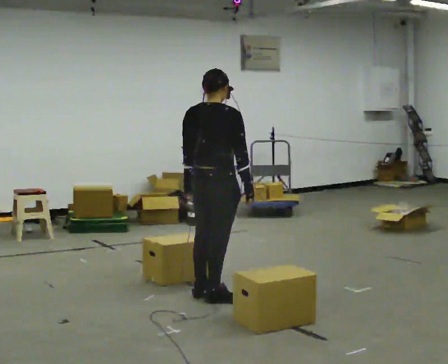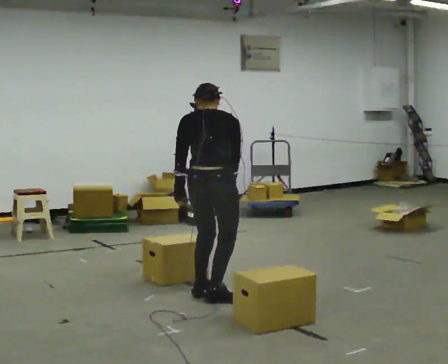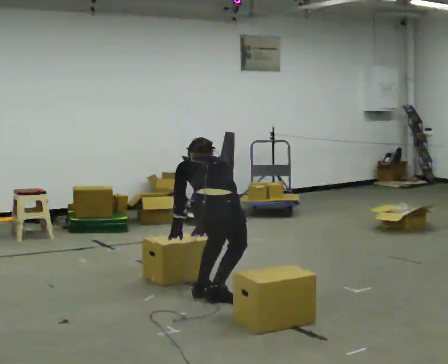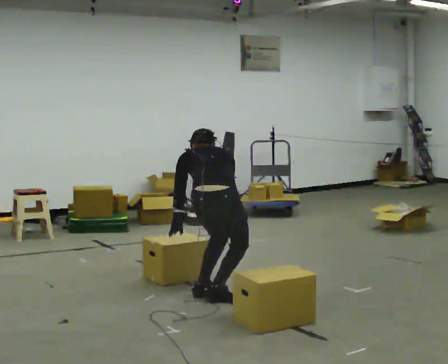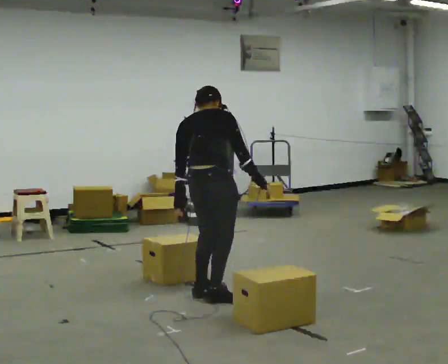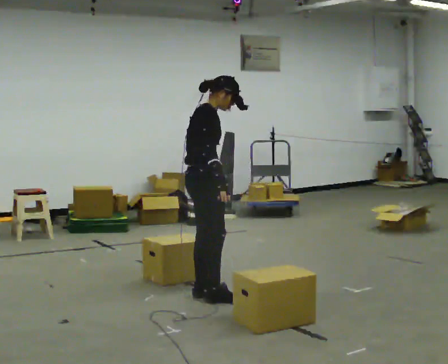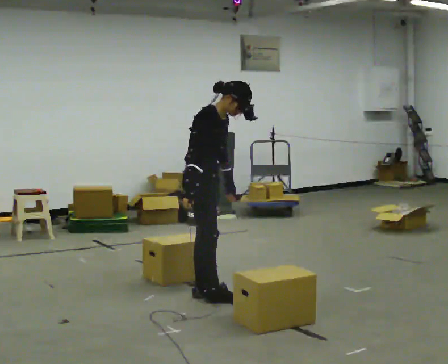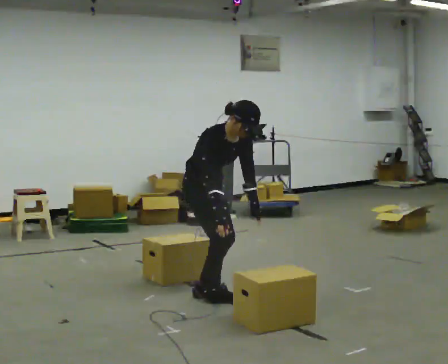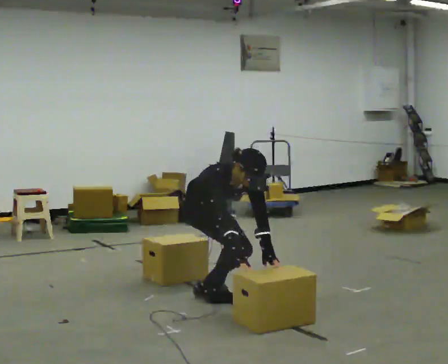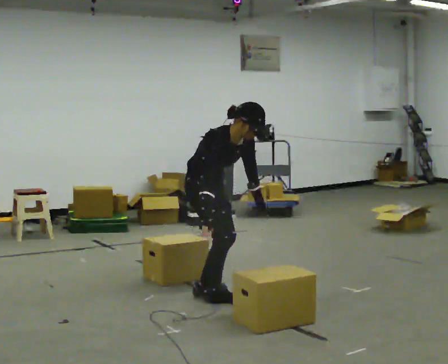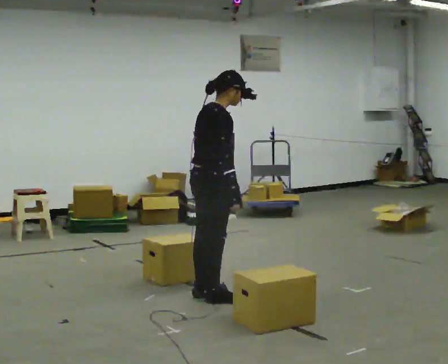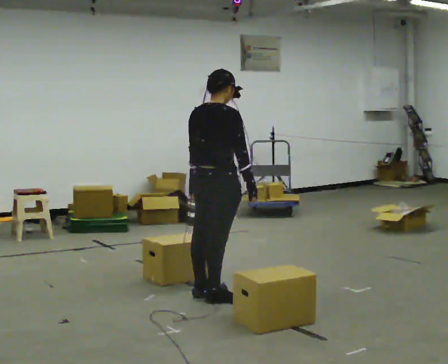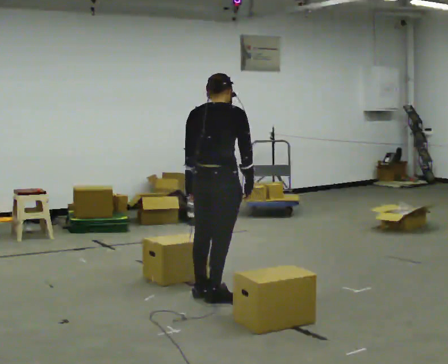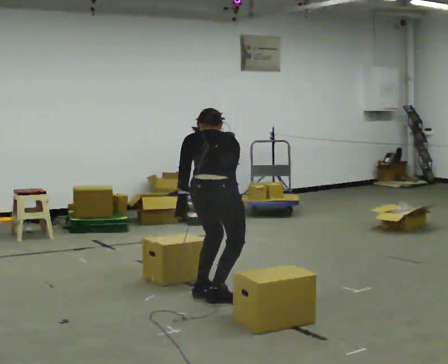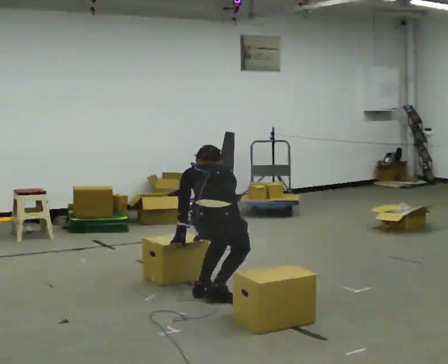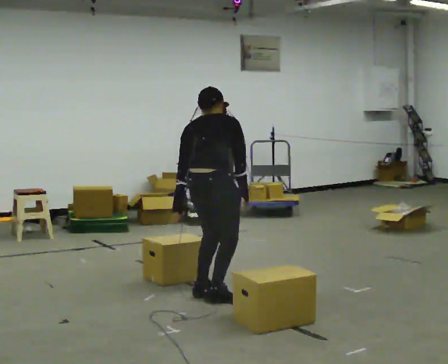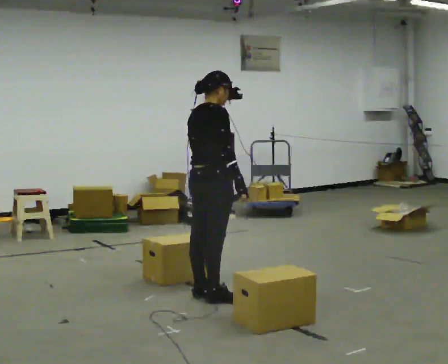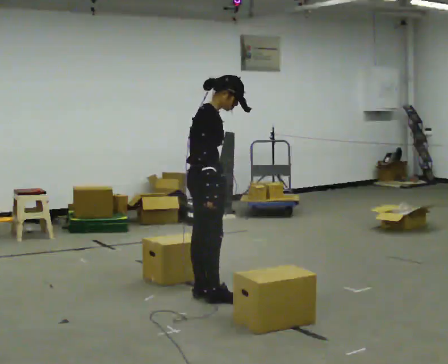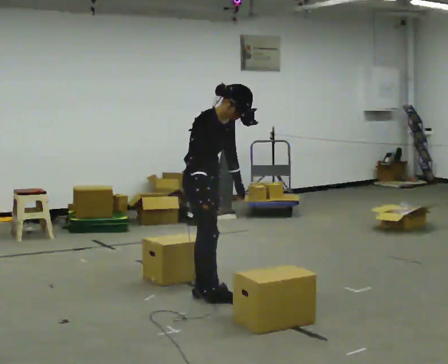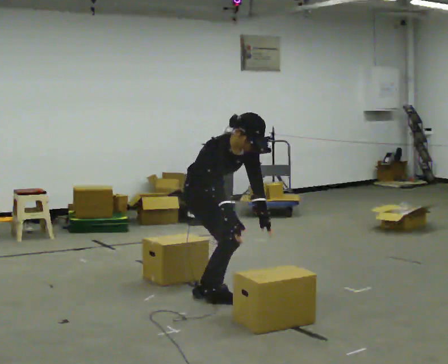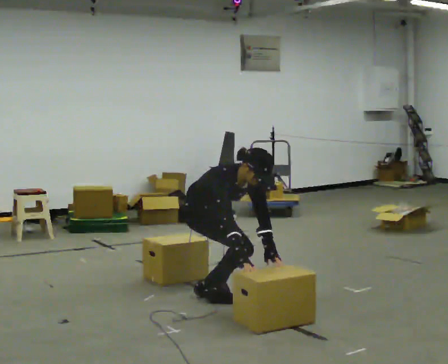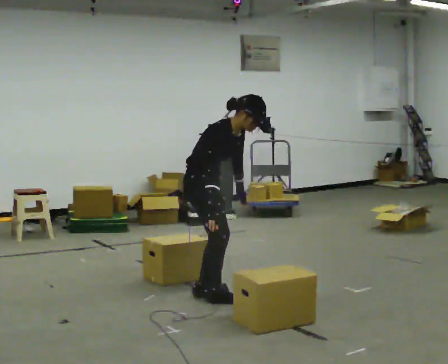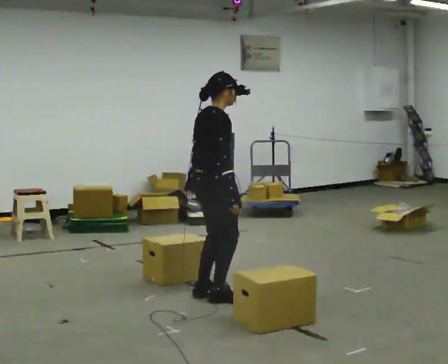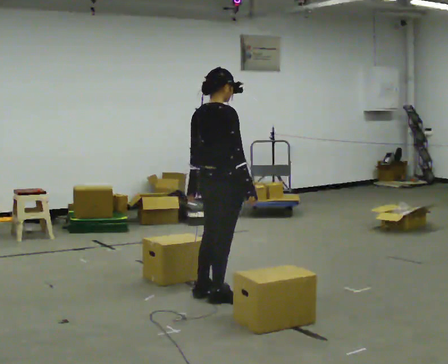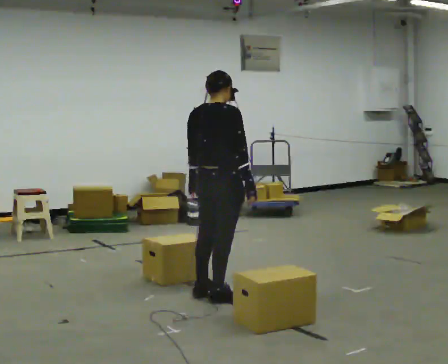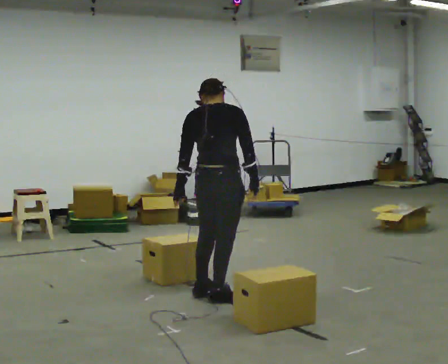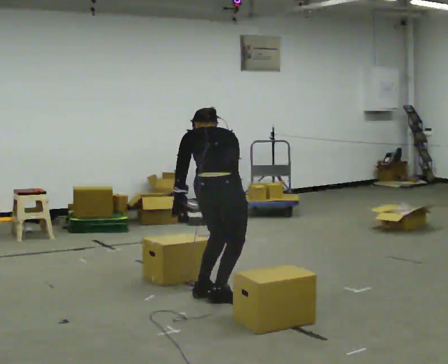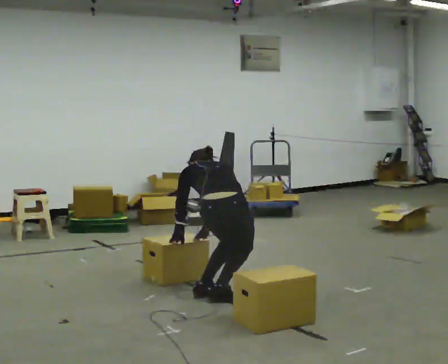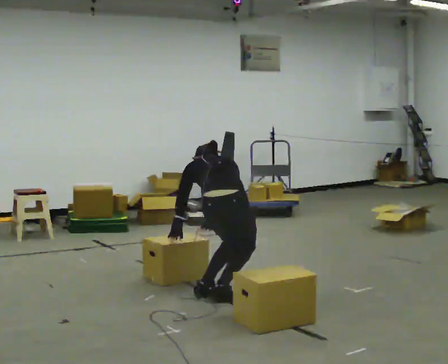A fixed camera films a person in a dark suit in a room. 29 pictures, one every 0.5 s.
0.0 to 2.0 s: The person moves a little, or ends about where they began.
2.0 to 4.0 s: Seen from above the body turns clockwise, about 105 degrees: to their right, with its near side sliding to the left. The upper body goes downward. The upper body tips toward the camera, its near side rolling downward. In the picture their left hand goes to the right, the arm swinging counterclockwise.
4.0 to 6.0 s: The part of the body nearest the lens slides to the right as the person turns to their left by about 105 degrees. The shoulders move upward. The upper body tips away from the camera, its near side rolling upward, as they lean back or straighten. In the picture their left hand goes to the left and upward, the arm swinging clockwise.
6.0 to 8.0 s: Seen from above the body turns clockwise, about 30 degrees: to their right, with its near side sliding to the left.
8.0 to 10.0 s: The person turns about 60 degrees to their right, clockwise seen from above, so the part of the body nearest the lens slides to the left. The upper body goes downward. In the picture the upper body tilts clockwise, shoulders to the right, as they bend forward. In the picture their left hand goes to the right and downward.
10.0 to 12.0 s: The part of the body nearest the lens slides to the right as the person turns to their left by about 90 degrees. The upper body goes upward. In the picture the upper body tilts counterclockwise, shoulders to the left, as they lean back or straighten. In the picture their left hand goes to the left and upward, the arm swinging clockwise.
12.0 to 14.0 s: Seen from above the body turns counterclockwise, about 45 degrees: to their left, with its near side sliding to the right. The shoulders move downward. The upper body tips away from the camera, its near side rolling upward, as they bend forward. In the picture their right hand goes to the left and downward.
The film runs forward here.
